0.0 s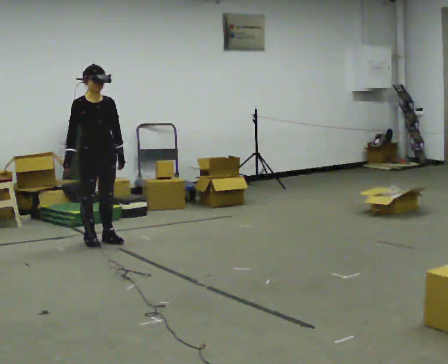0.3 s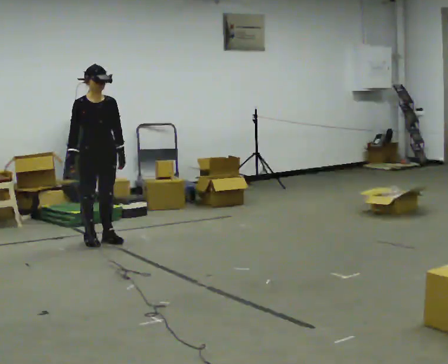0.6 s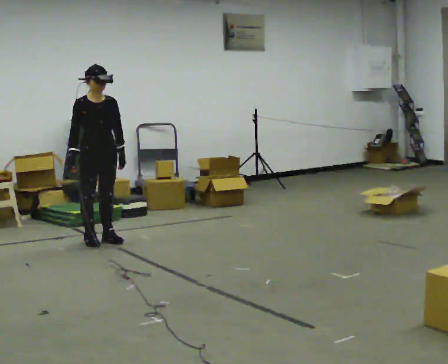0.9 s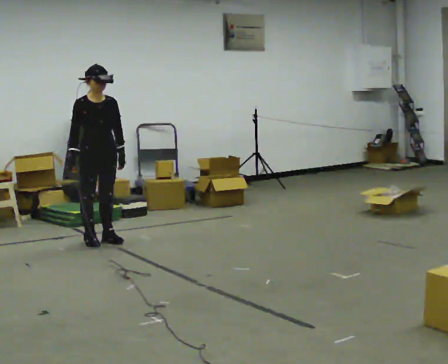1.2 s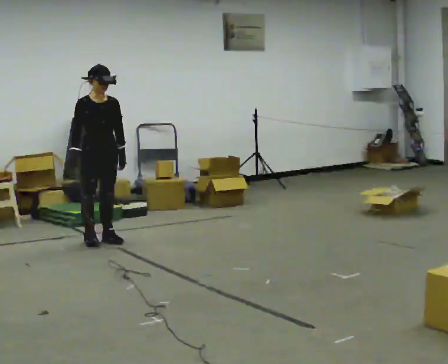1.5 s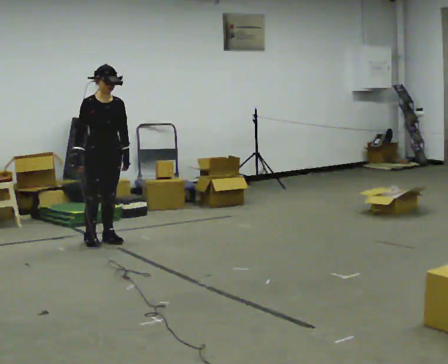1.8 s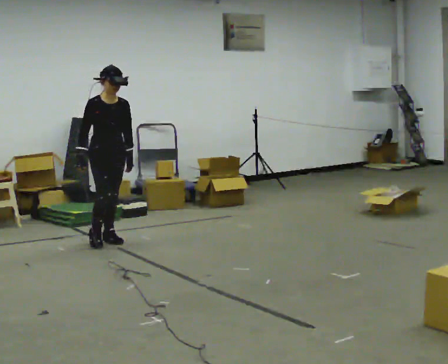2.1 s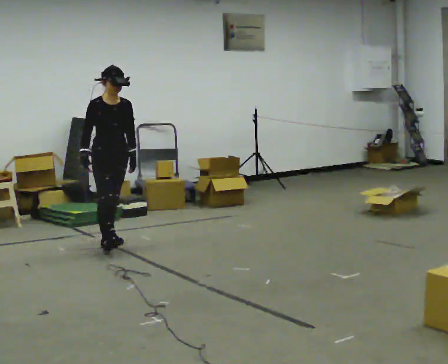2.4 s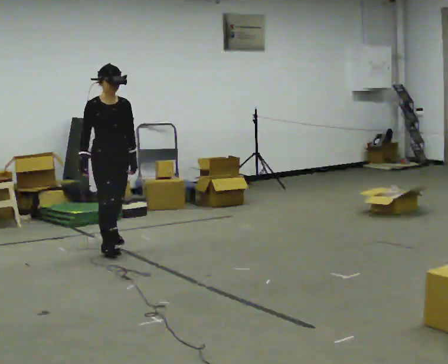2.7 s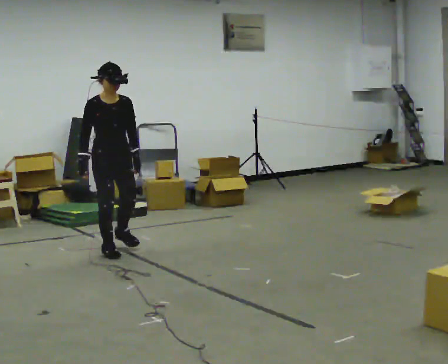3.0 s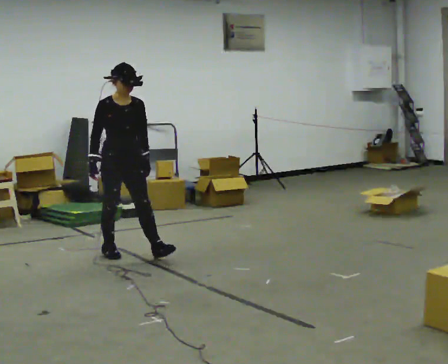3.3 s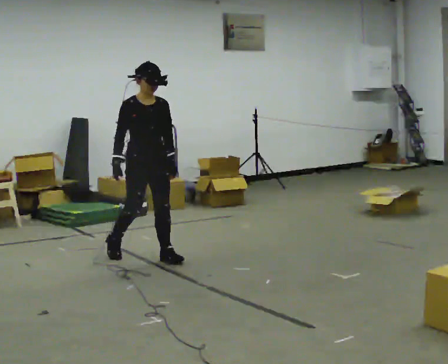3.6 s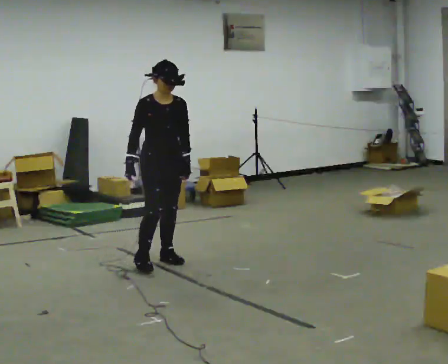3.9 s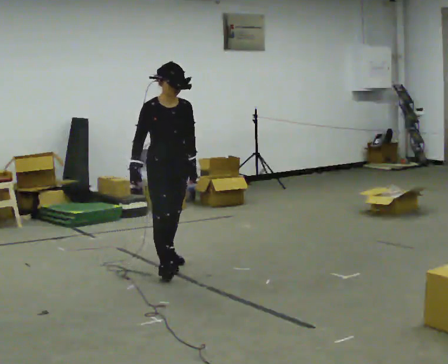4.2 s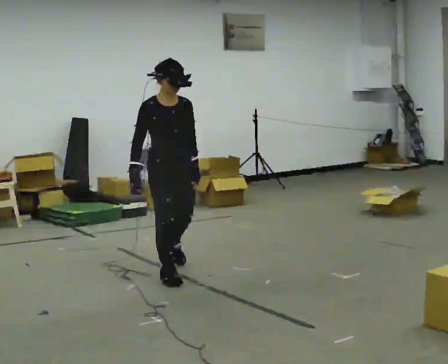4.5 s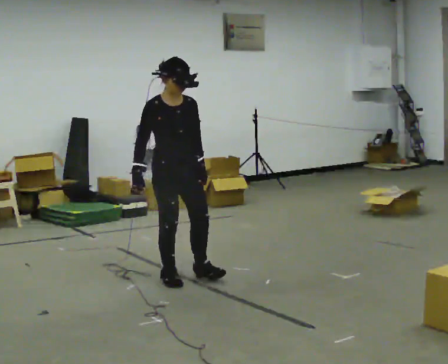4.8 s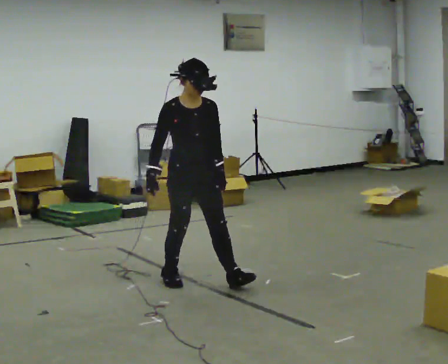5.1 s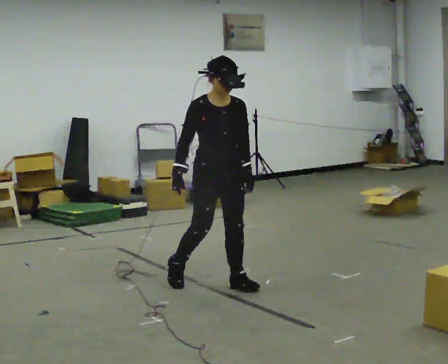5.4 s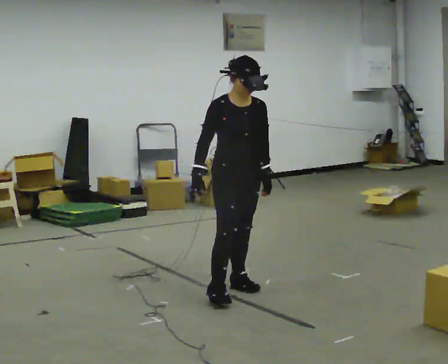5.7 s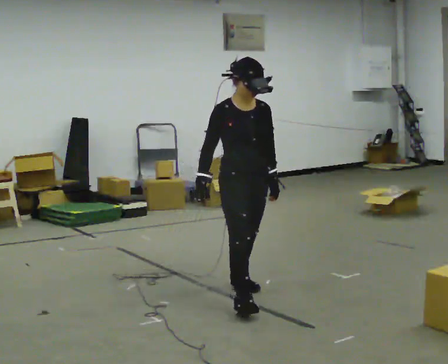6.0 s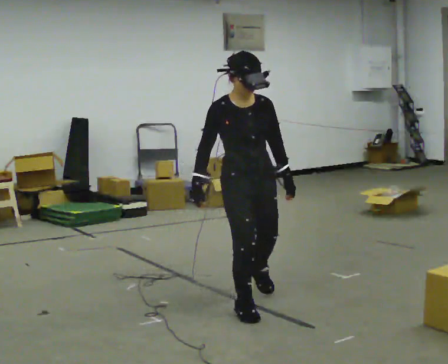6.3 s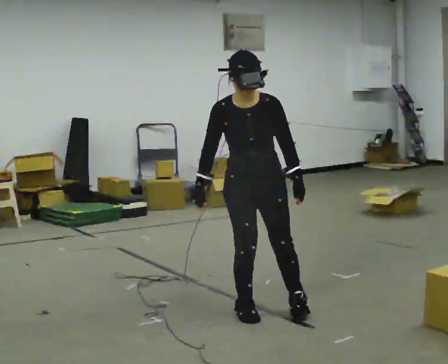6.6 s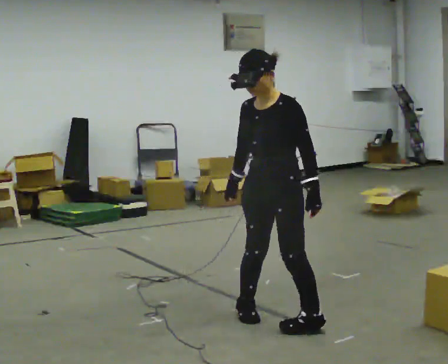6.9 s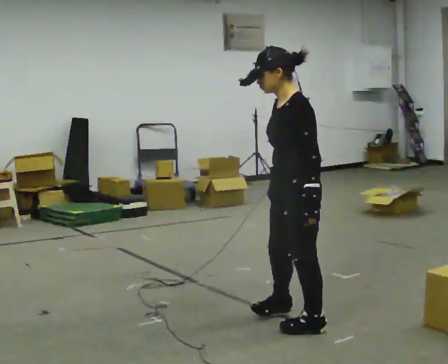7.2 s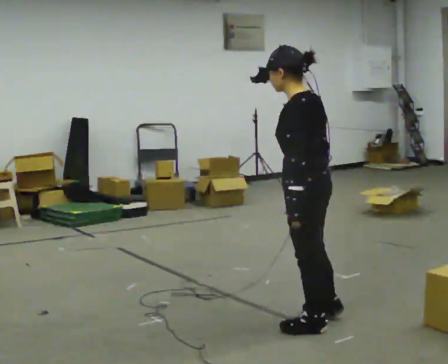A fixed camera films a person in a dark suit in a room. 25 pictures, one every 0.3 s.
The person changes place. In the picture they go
toward the camera.
0.0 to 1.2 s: The person moves a little, or ends about where they began.
1.2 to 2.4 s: In the picture they go toward the camera, about 0.25 m in 1 step, which for them is forward.
2.4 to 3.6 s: In the picture they go toward the camera and to the right, about 0.5 m in 1 step, which for them is forward.
3.6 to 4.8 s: In the picture they go toward the camera, about 0.75 m in 2 steps, which for them is forward.
4.8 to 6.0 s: In the picture they go toward the camera and to the right, about 0.75 m in 1 step, which for them is forward.
6.0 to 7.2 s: Seen from above the body turns clockwise, about 135 degrees: to their right, with its near side sliding to the left. In the picture they go toward the camera and to the right, about 0.5 m in 1 step.
The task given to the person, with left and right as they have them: Walk forward with your feet closer together than normal, or further apart than normal, as the operator states; stop.
The film runs forward here.
